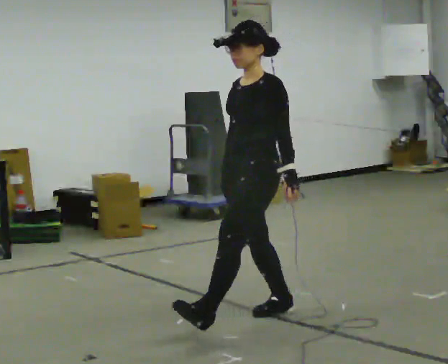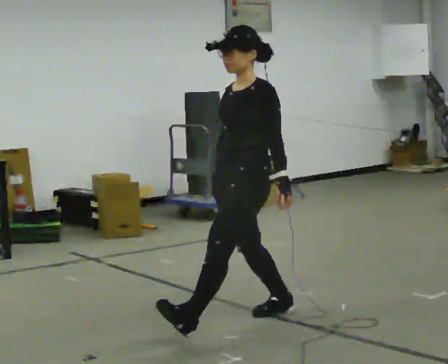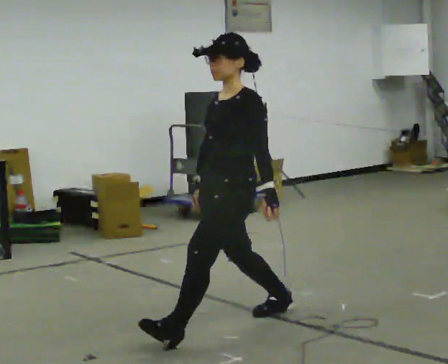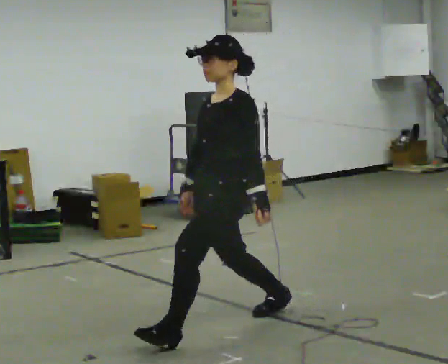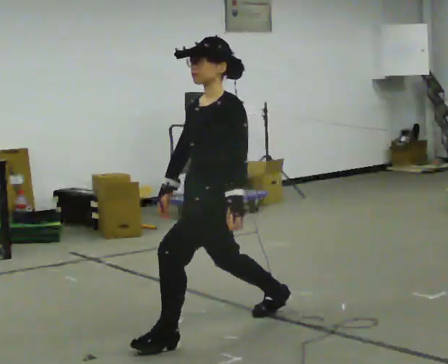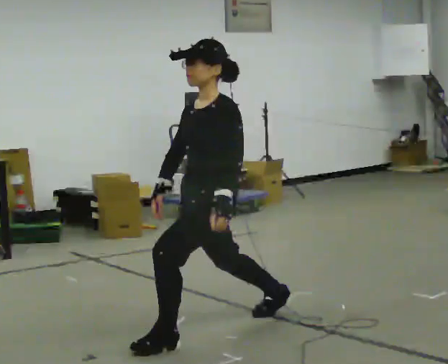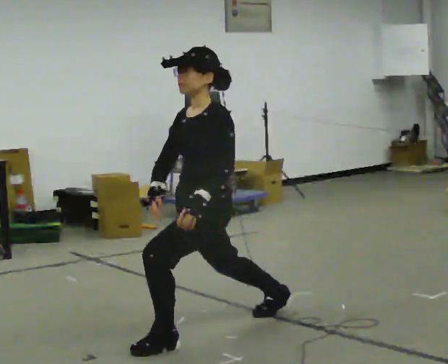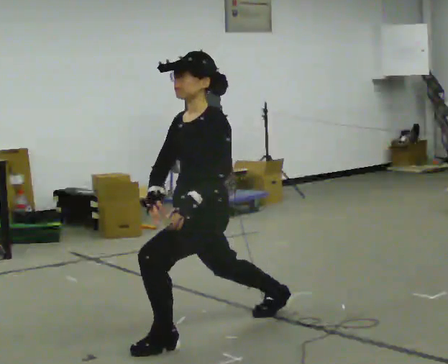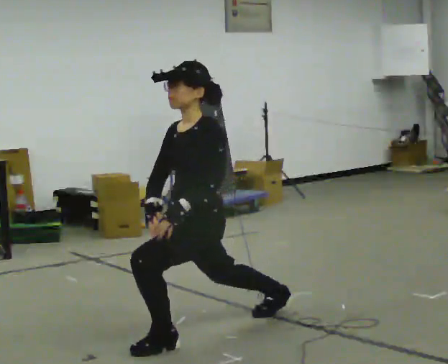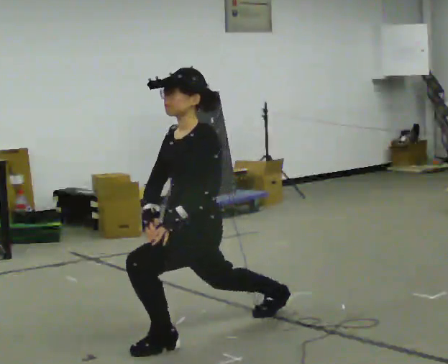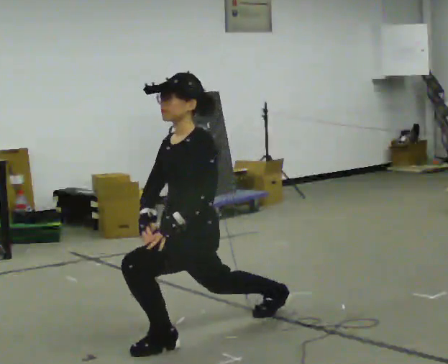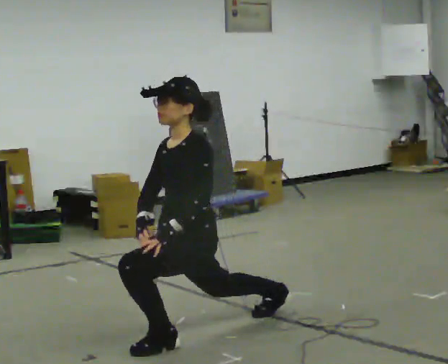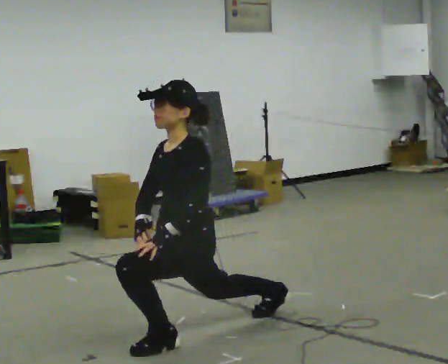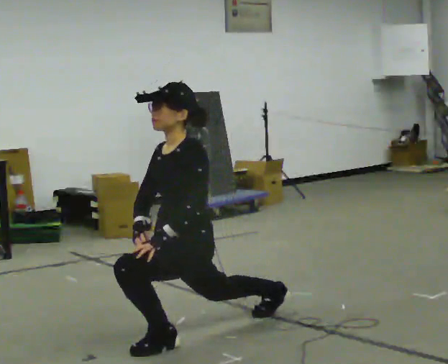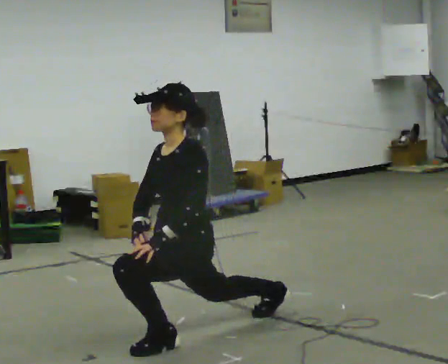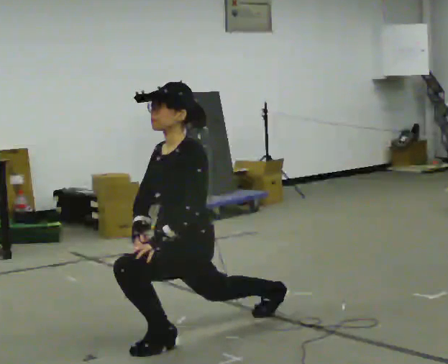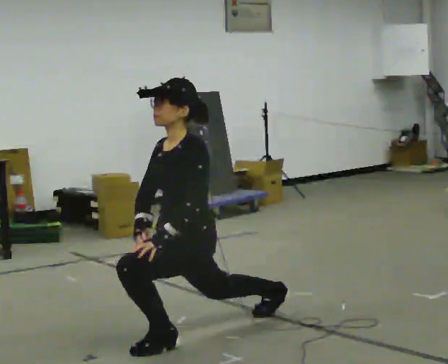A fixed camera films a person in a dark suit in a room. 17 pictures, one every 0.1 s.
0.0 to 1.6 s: In the picture they go to the left and toward the camera, about 0.5 m in 1 step, which for them is forward and to their left. The shoulders move downward.
The film runs forward here.
